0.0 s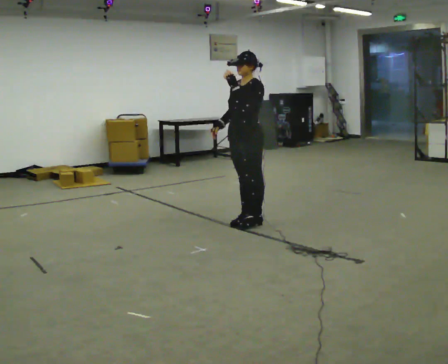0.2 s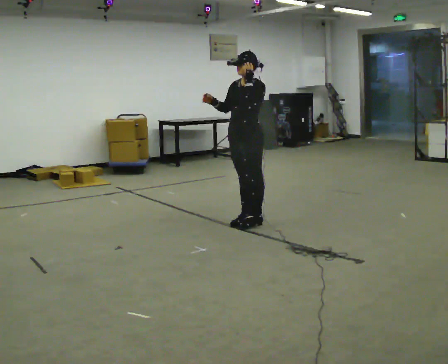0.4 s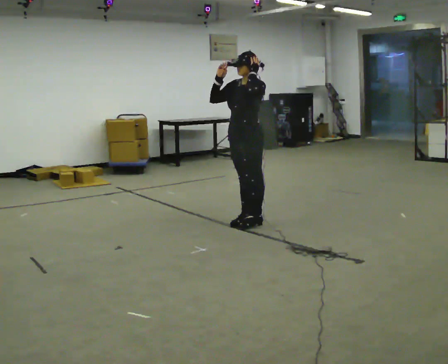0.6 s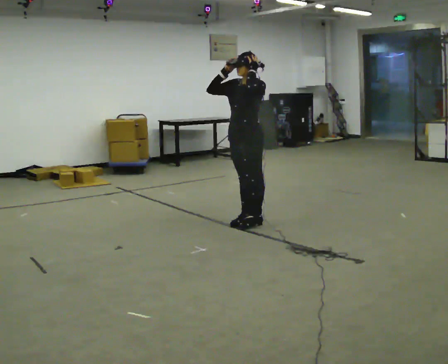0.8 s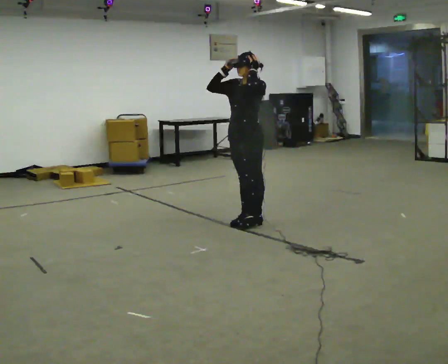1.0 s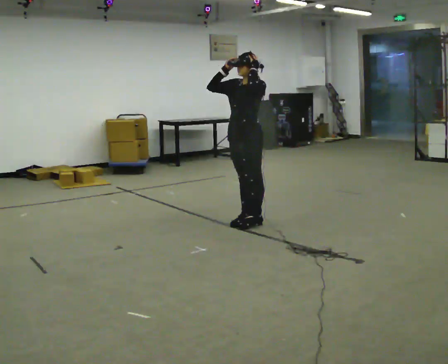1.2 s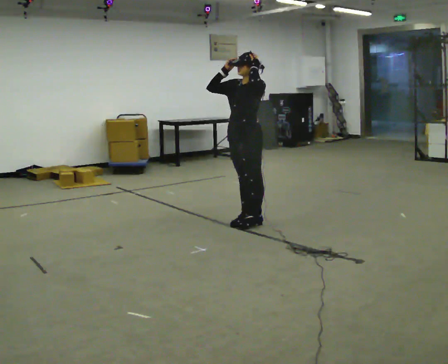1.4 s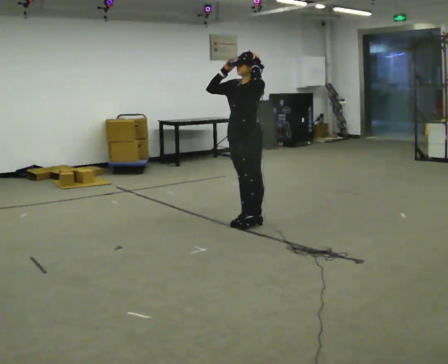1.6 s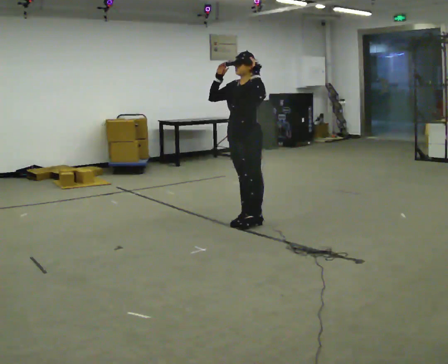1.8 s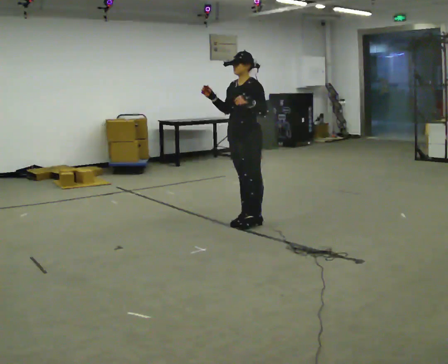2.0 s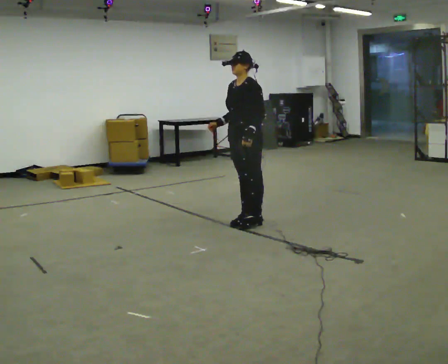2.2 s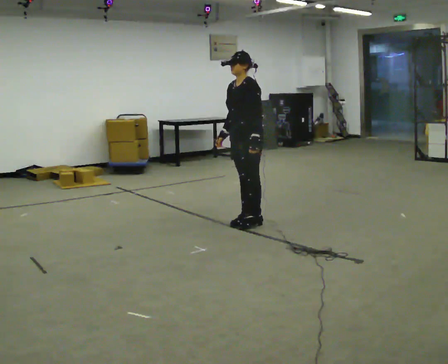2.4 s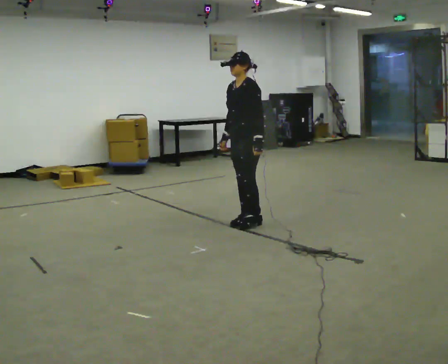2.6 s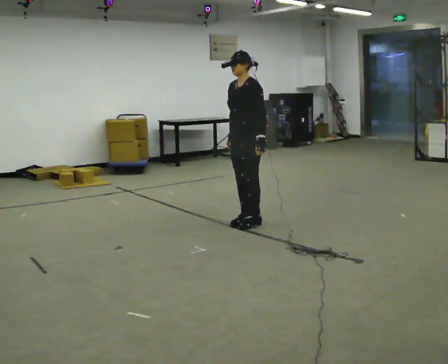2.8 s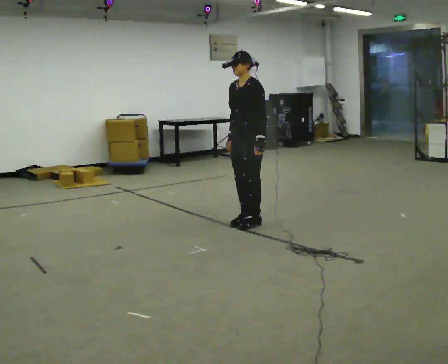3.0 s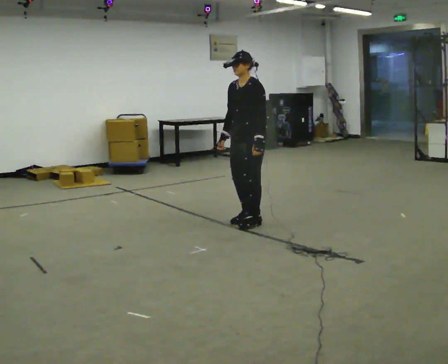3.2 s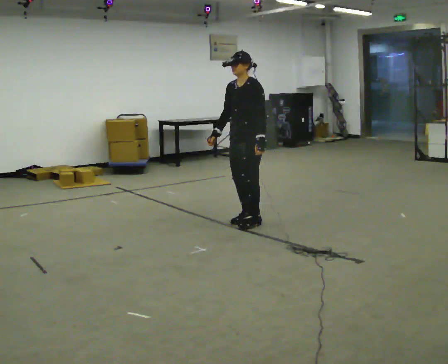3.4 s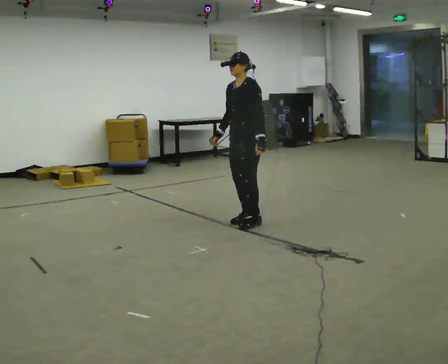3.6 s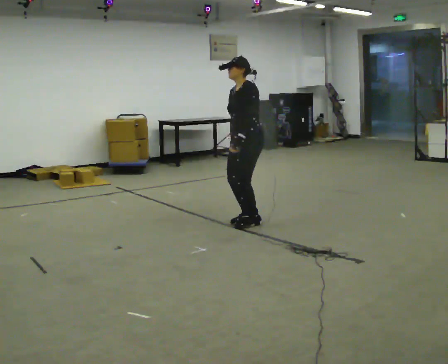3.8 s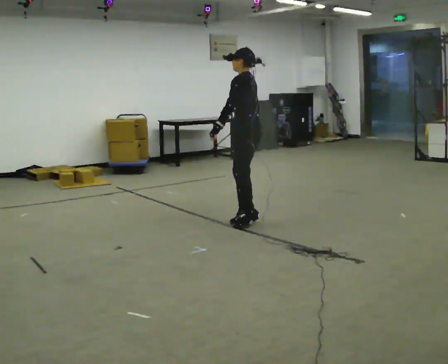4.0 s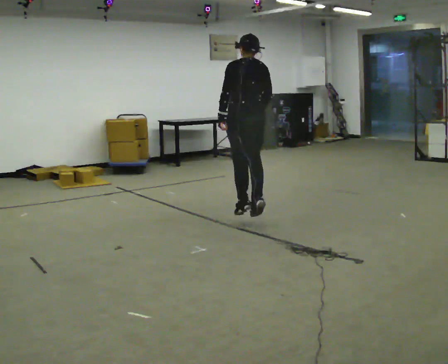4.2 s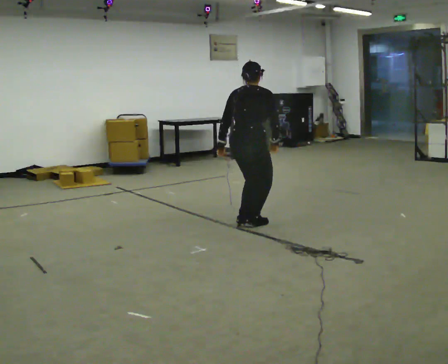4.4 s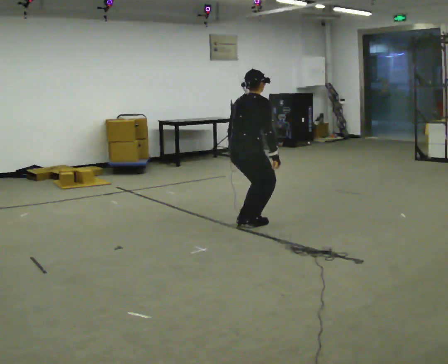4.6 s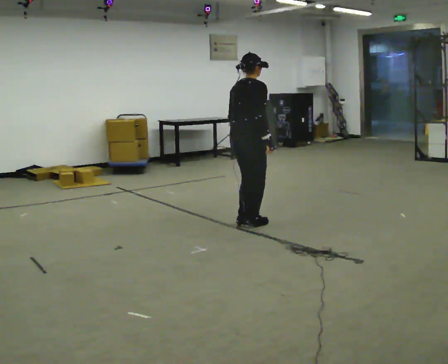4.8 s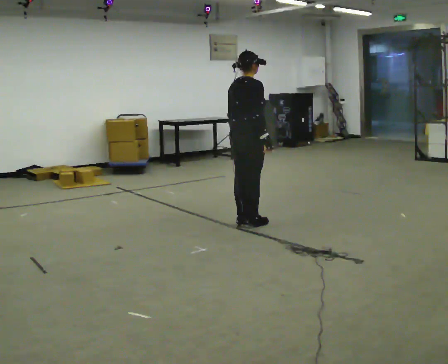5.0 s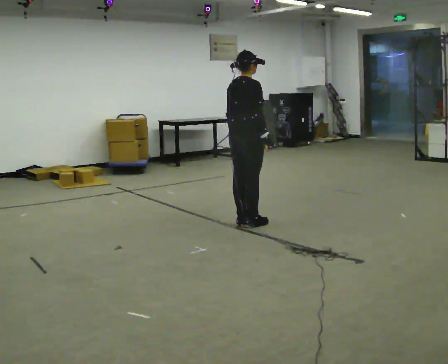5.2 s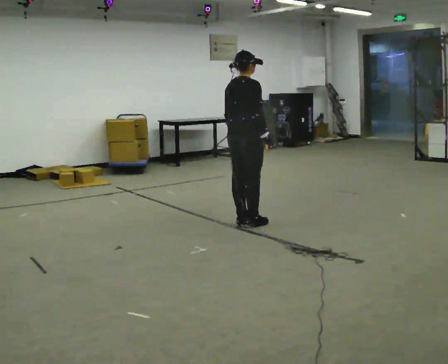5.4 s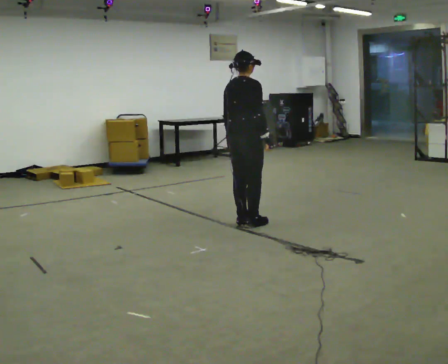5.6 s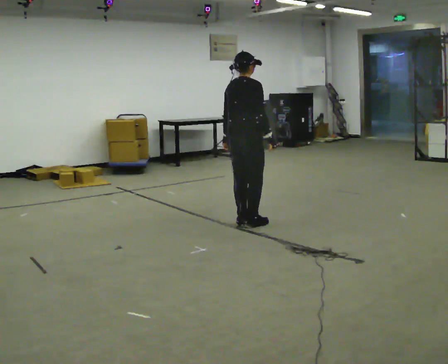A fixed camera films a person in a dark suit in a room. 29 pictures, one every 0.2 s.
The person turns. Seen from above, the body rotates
clockwise.
The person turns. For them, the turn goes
to their right.
0.0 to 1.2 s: In the picture their right hand goes upward.
1.2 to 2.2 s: In the picture their left hand goes downward.
2.2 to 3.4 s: The person moves a little, or ends about where they began.
3.4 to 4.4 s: The part of the body nearest the lens slides to the left as the person turns to their right by about 180 degrees. In the picture the upper body tilts clockwise, shoulders to the right. In the picture their right hand goes to the right, the arm swinging counterclockwise.
4.4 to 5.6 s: The upper body goes upward.
The film runs backward here.
